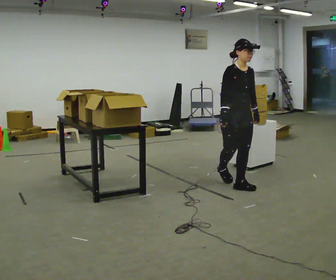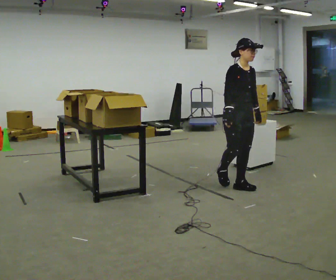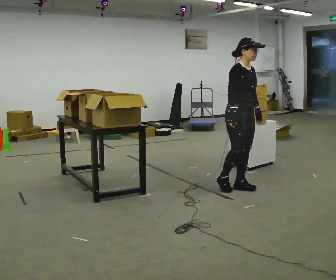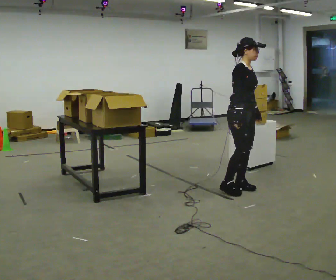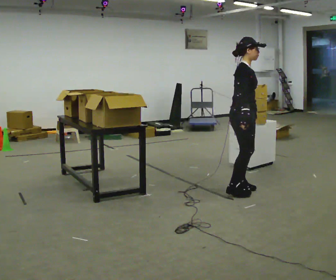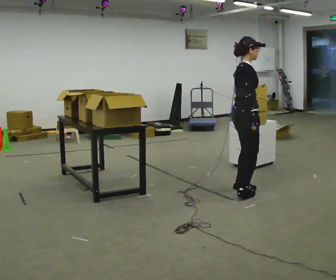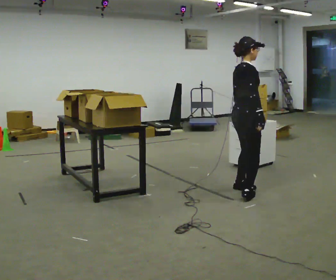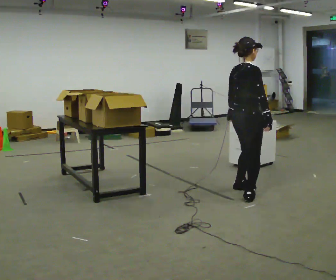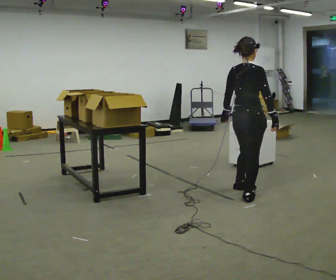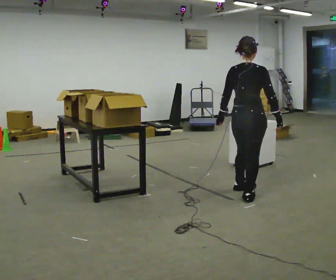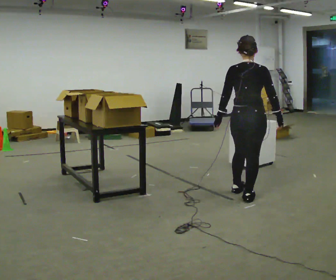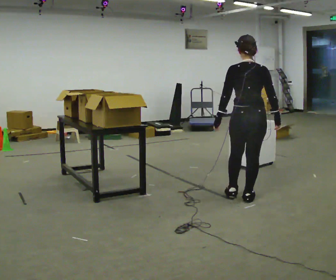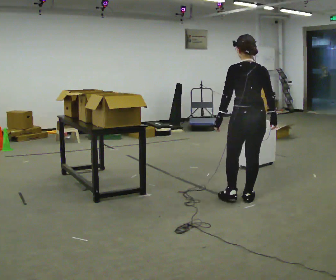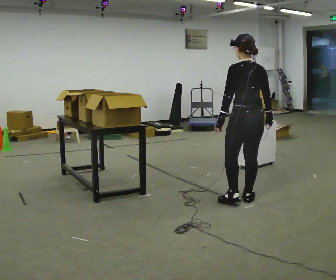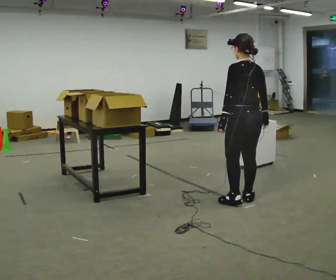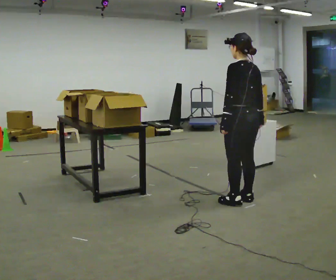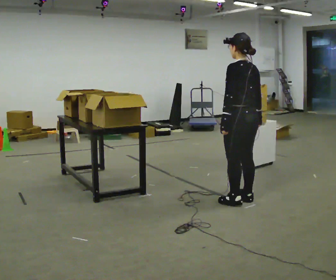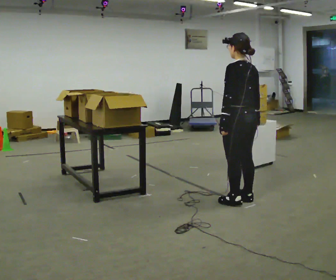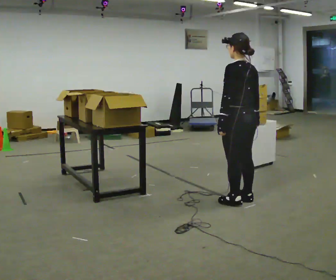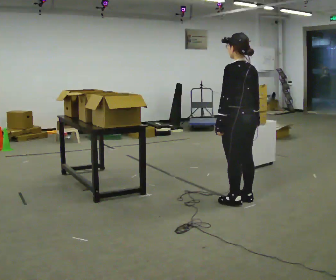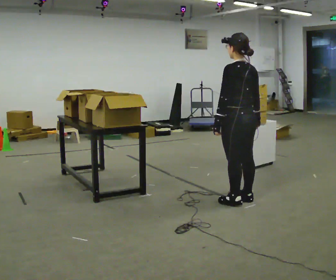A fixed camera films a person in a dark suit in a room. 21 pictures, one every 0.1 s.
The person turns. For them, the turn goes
to their left.
The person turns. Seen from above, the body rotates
counterclockwise.
0.0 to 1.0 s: Seen from above the body turns counterclockwise, about 135 degrees: to their left, with its near side sliding to the right. In the picture they go toward the camera and to the right, about 0.5 m in 1 step.
1.0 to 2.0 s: The part of the body nearest the lens slides to the right as the person turns to their left by about 45 degrees.
The film runs forward here.
